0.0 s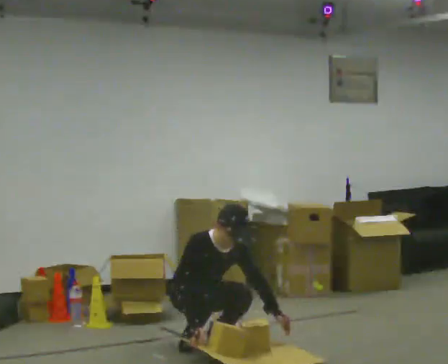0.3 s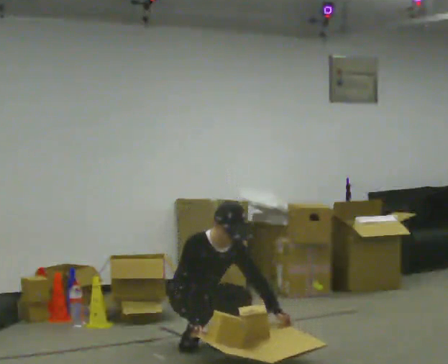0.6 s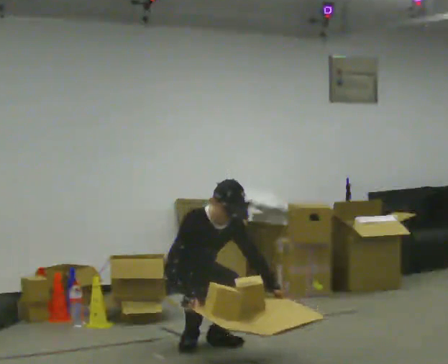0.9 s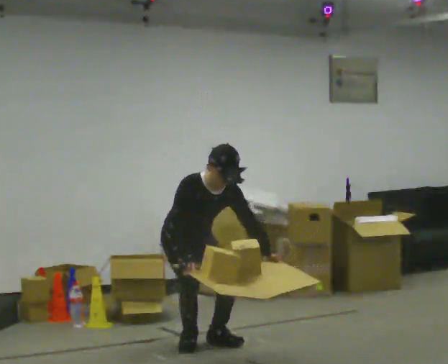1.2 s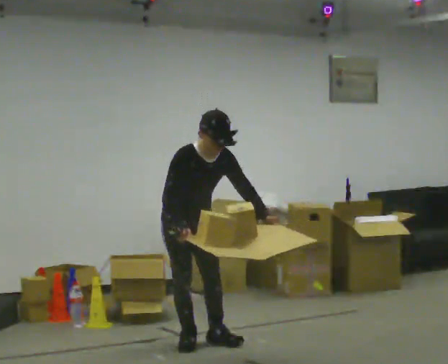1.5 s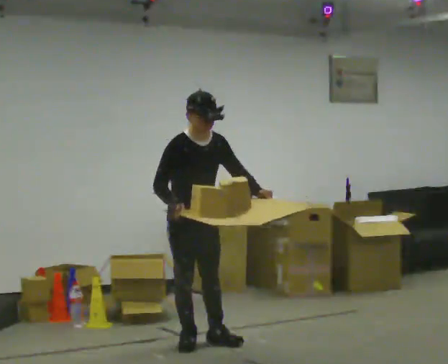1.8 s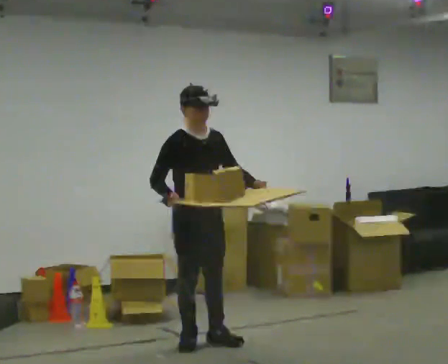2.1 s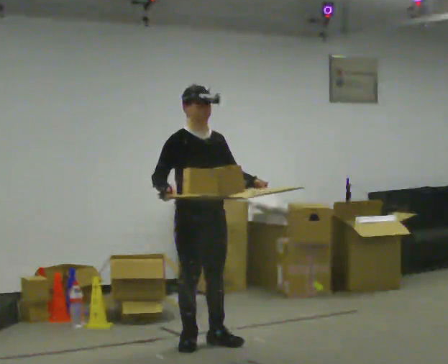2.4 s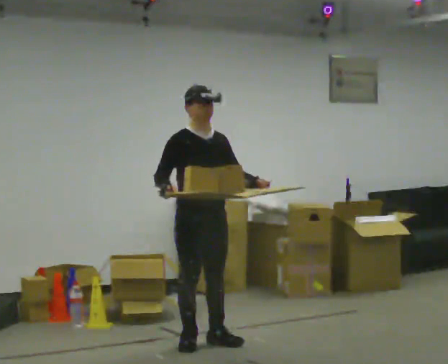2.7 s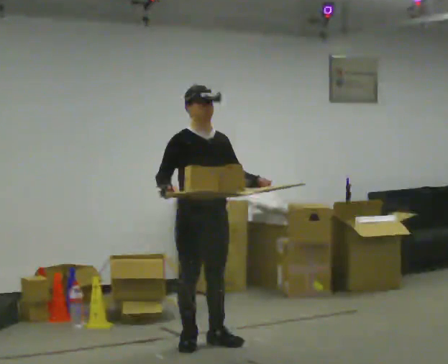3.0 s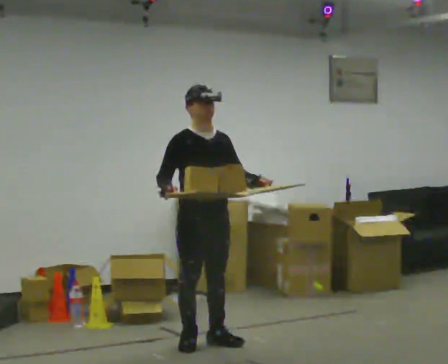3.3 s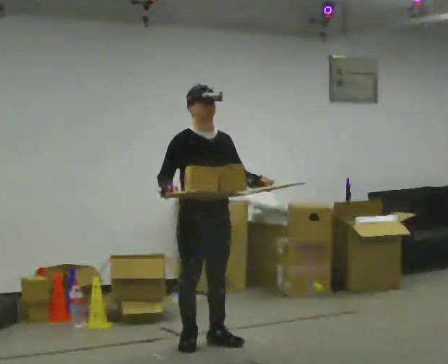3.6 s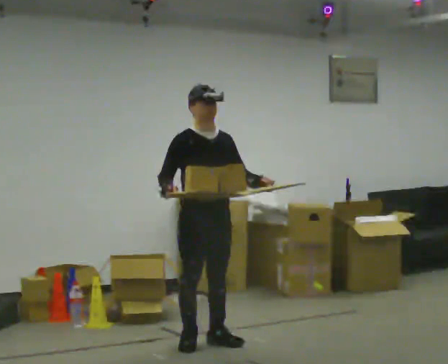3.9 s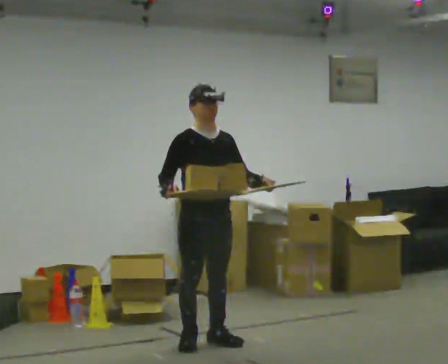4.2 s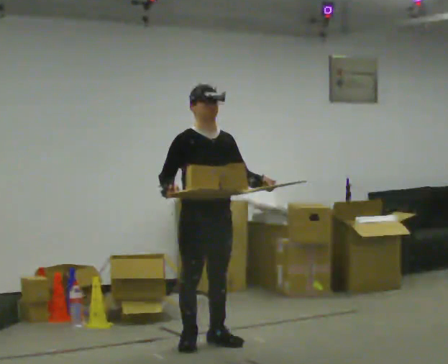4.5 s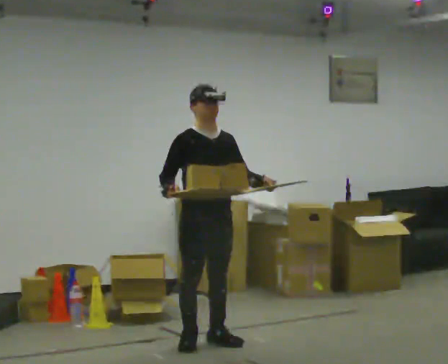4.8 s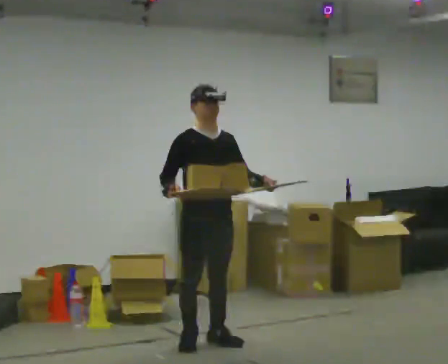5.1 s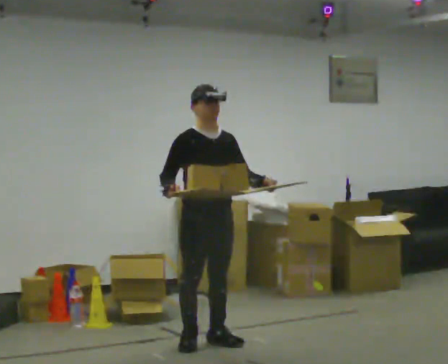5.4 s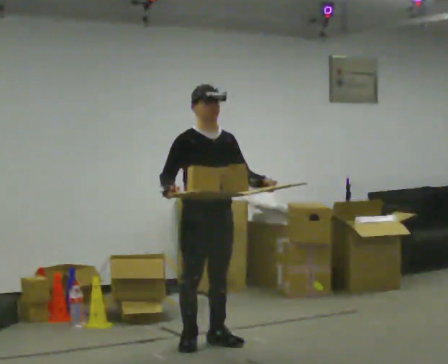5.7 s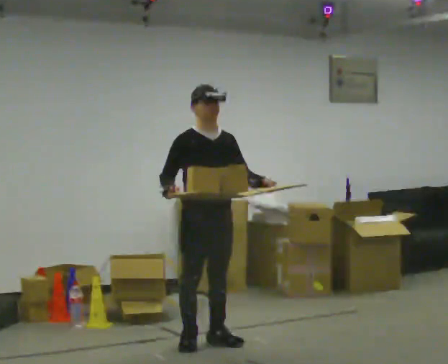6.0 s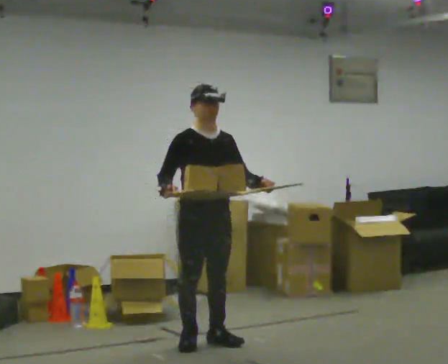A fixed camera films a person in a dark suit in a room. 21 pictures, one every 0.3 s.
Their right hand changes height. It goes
upward.
The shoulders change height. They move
upward.
0.0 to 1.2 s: The shoulders move upward. In the picture their left hand goes upward.
1.2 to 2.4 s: In the picture they go toward the camera, about 0.25 m, which for them is forward. The upper body tips away from the camera, its near side rolling upward, as they lean back or straighten.
2.4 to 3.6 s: The person moves a little, or ends about where they began.
3.6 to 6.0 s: The person keeps their place and pose.
The film runs backward here.
